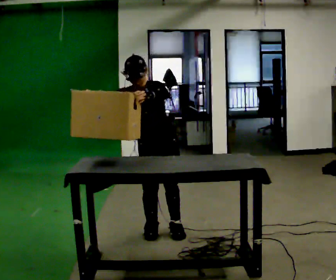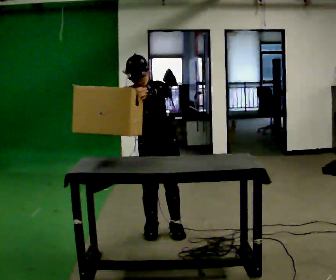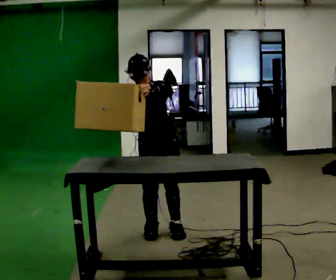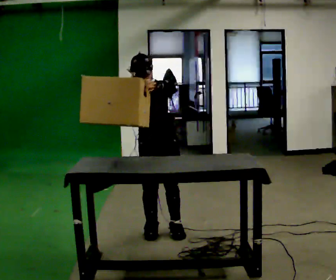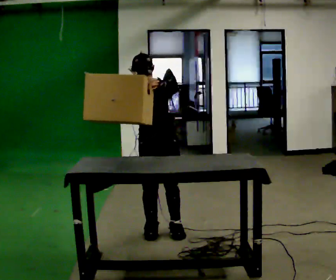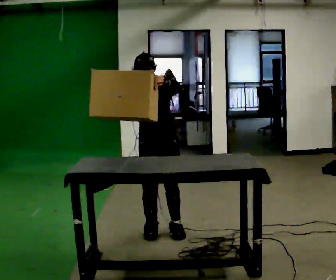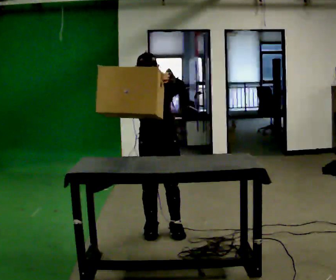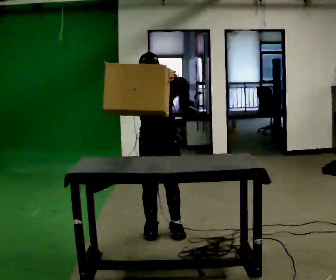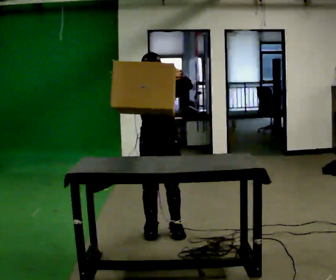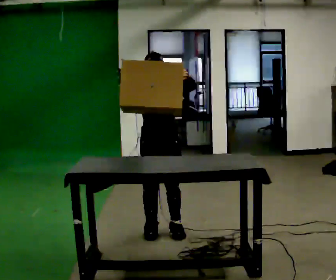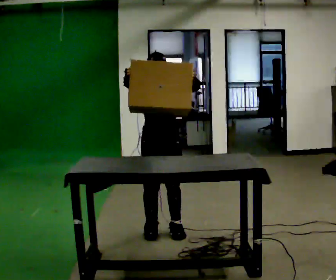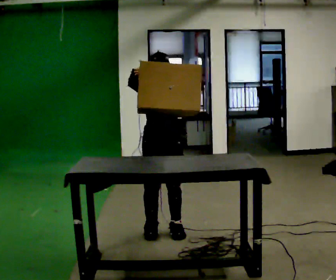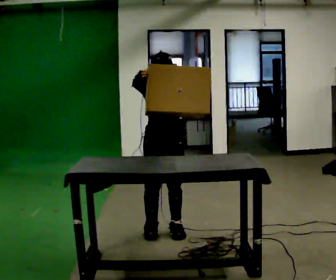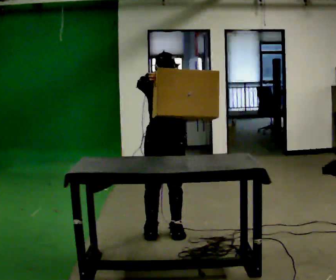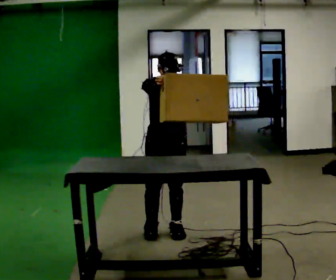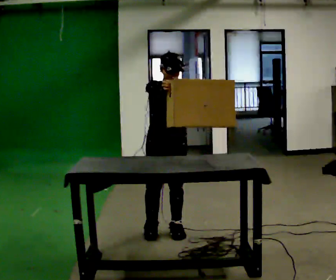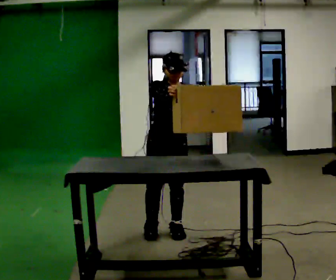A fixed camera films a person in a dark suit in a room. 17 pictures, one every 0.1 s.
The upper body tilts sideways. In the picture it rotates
clockwise.
0.0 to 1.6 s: In the picture the upper body tilts clockwise, shoulders to the right. In the picture their right hand goes to the right.
The film runs backward here.
